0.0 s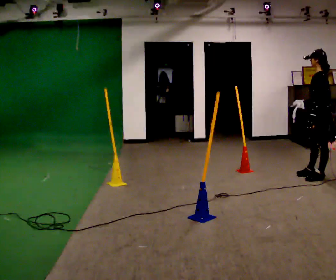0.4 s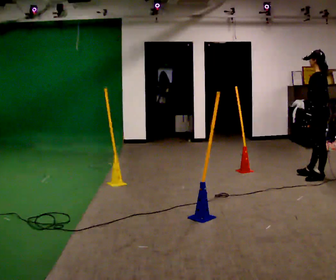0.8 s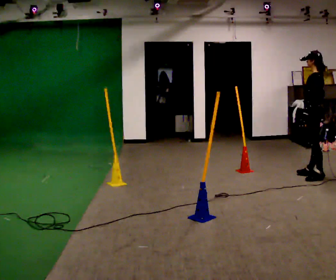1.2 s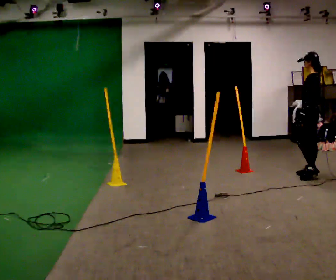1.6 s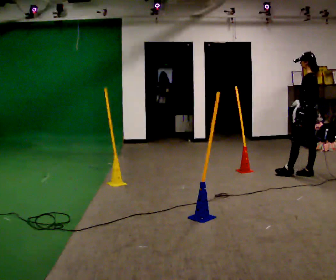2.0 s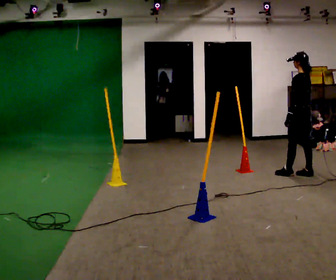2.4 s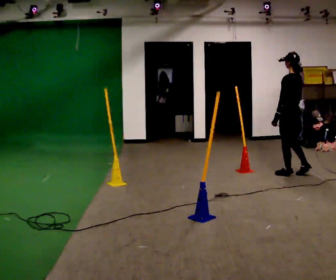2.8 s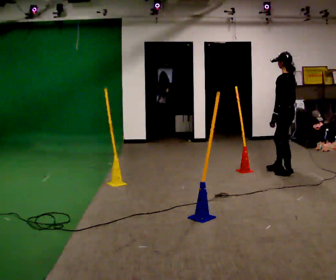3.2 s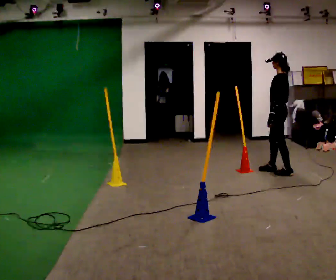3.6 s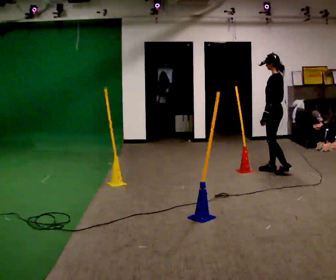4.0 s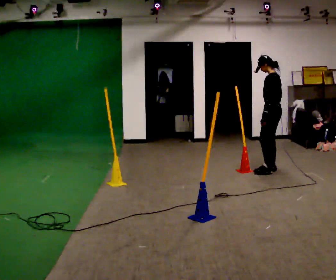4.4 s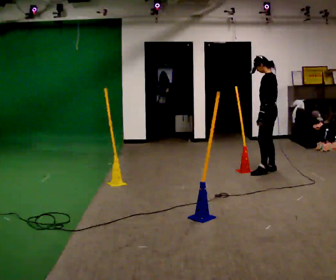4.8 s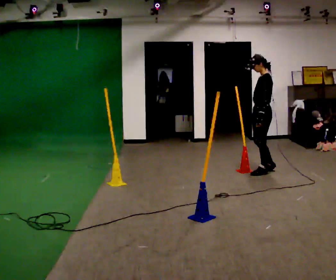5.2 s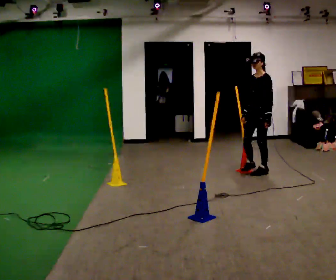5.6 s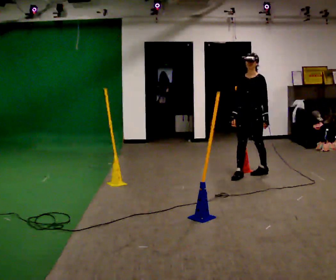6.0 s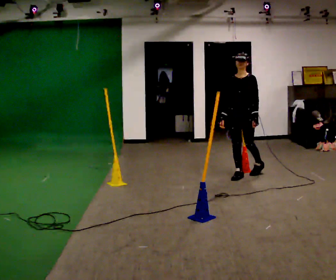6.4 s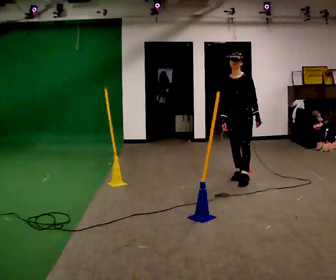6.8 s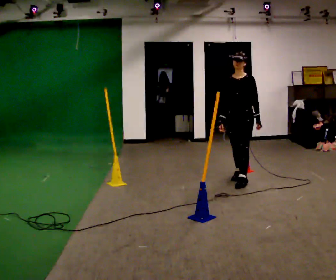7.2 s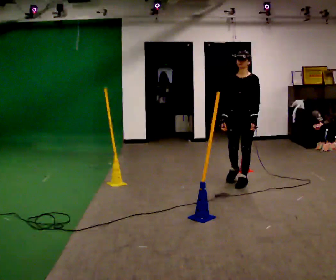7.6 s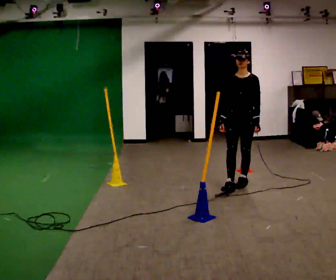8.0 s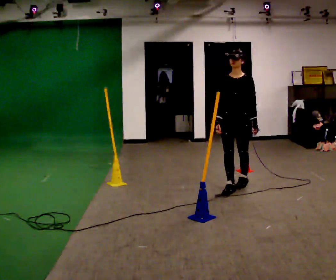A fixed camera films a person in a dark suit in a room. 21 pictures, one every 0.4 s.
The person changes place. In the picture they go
to the left.
The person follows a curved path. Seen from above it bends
counterclockwise.
0.0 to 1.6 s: In the picture they go away from the camera, about 0.25 m, which for them is forward and to their right.
1.6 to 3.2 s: In the picture they go to the left and away from the camera, about 0.5 m in 2 steps, which for them is forward.
3.2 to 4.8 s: The person turns about 30 degrees to their left, counterclockwise seen from above, so the part of the body nearest the lens slides to the right. In the picture they go to the left, about 0.25 m in 1 step, which for them is forward.
4.8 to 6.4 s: The part of the body nearest the lens slides to the right as the person turns to their left by about 75 degrees. In the picture they go to the left and toward the camera, about 0.5 m in 1 step.
6.4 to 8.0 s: In the picture they go toward the camera, about 0.5 m in 2 steps, which for them is forward.
The film runs forward here.
